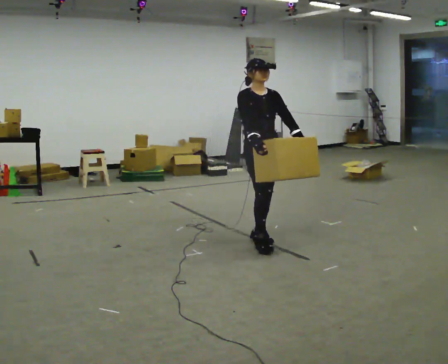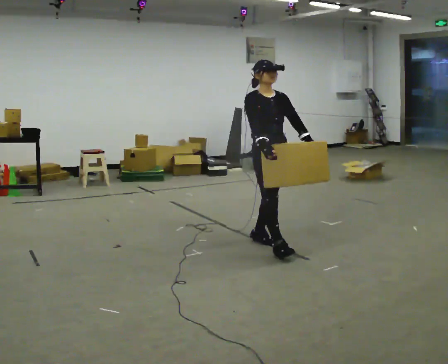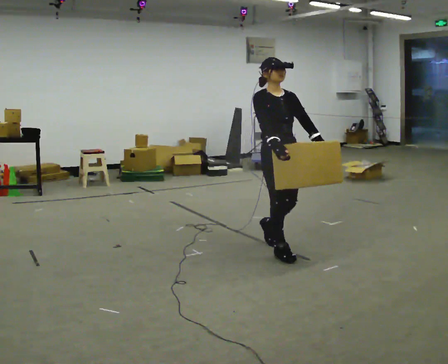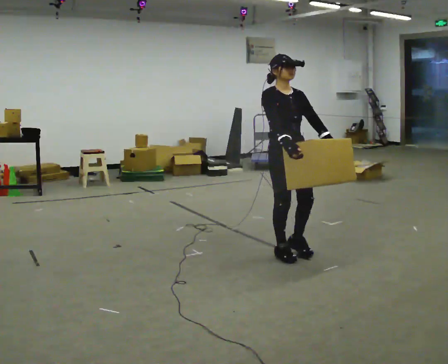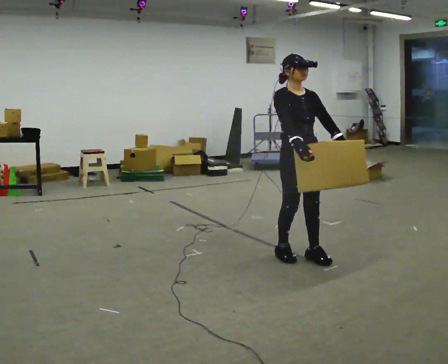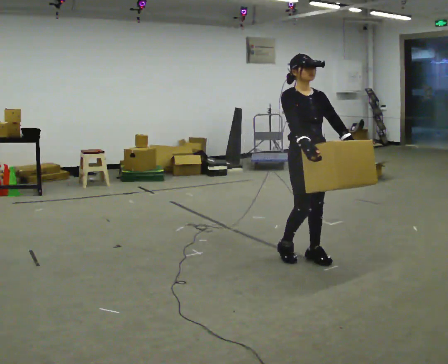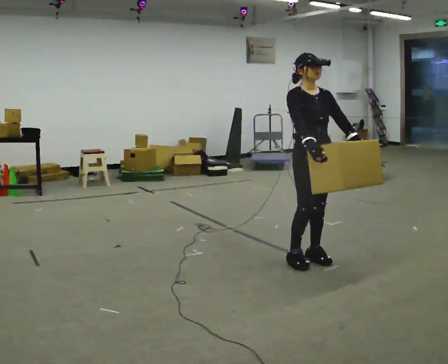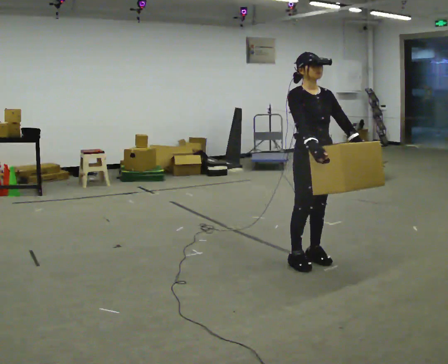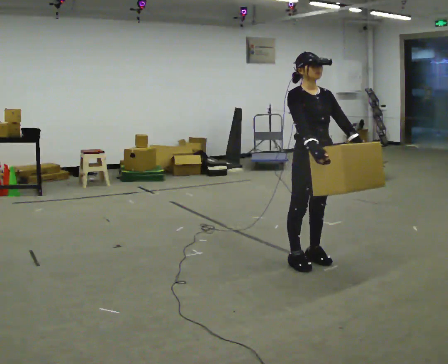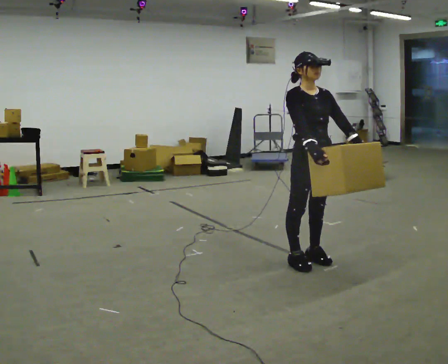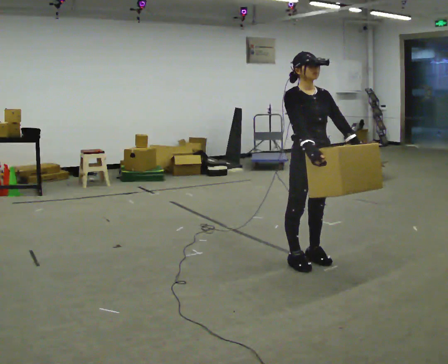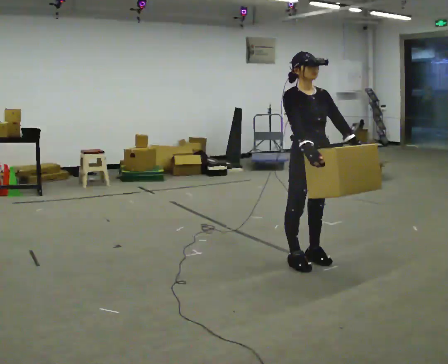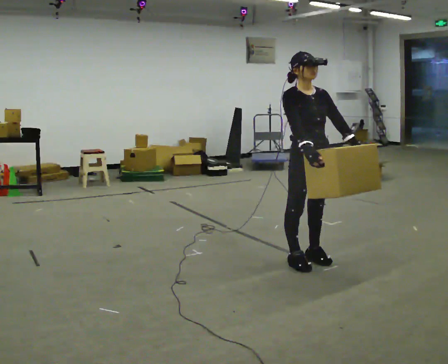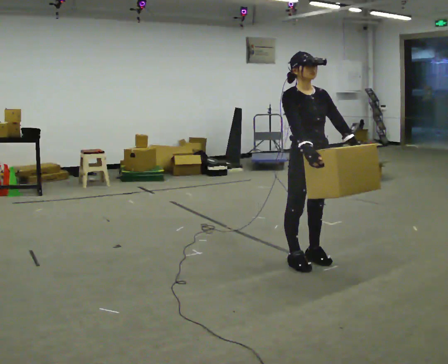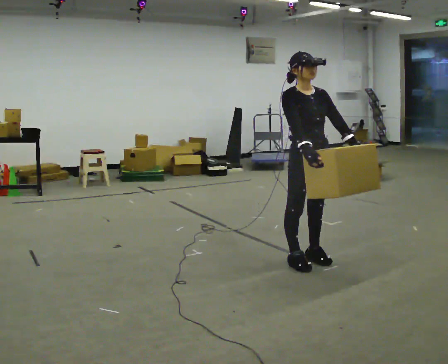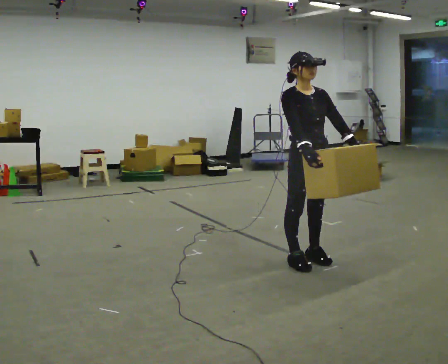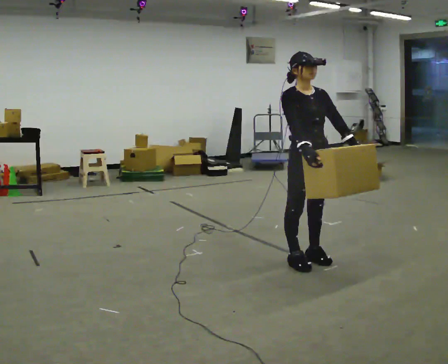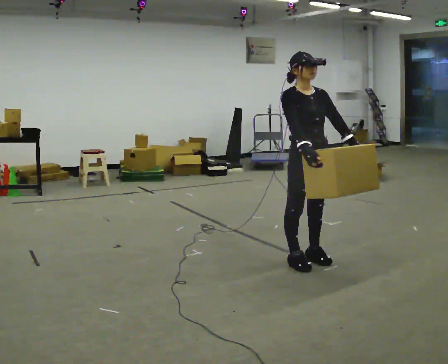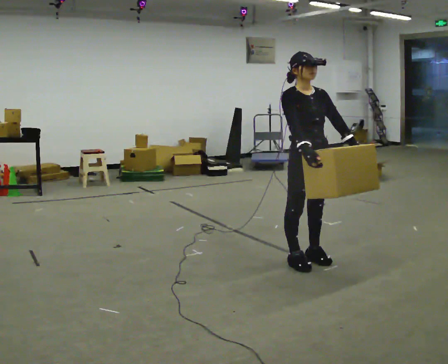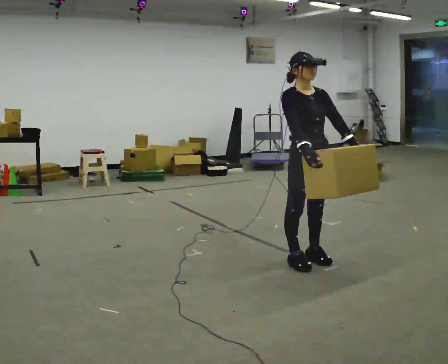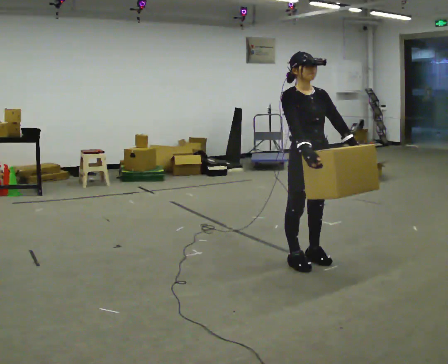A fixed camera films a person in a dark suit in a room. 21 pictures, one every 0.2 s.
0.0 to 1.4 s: In the picture they go to the right and toward the camera, about 0.5 m in 3 steps, which for them is forward.
1.4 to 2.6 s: The person moves a little, or ends about where they began.
2.6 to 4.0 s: The person keeps their place and pose.
The film runs forward here.
